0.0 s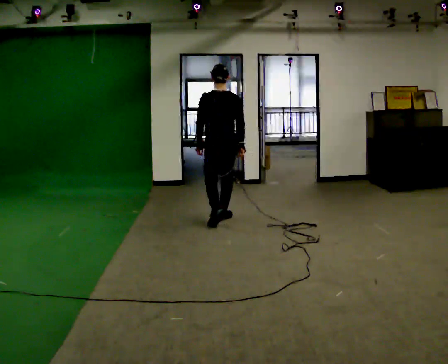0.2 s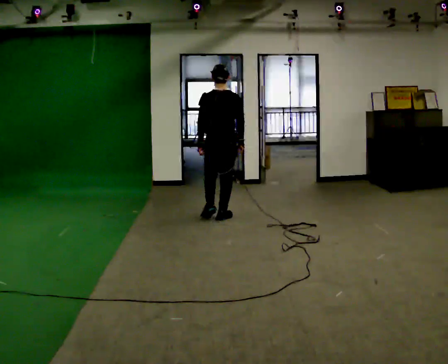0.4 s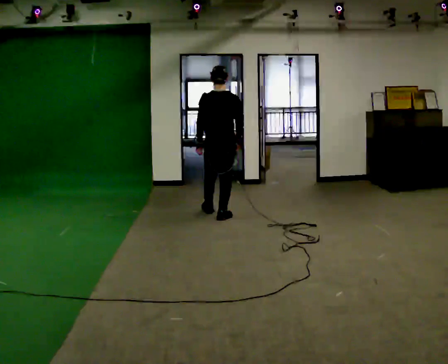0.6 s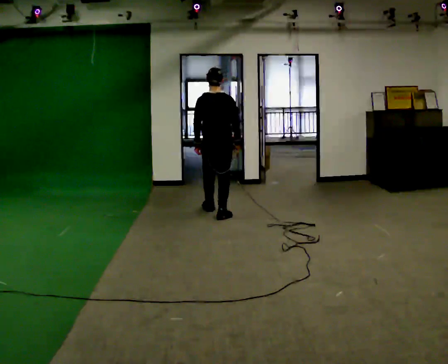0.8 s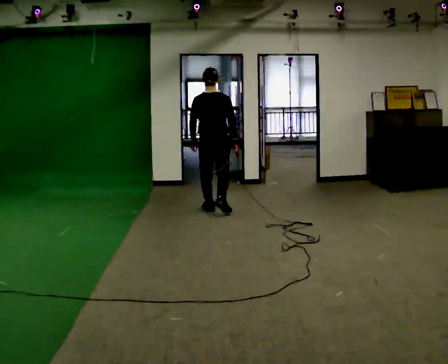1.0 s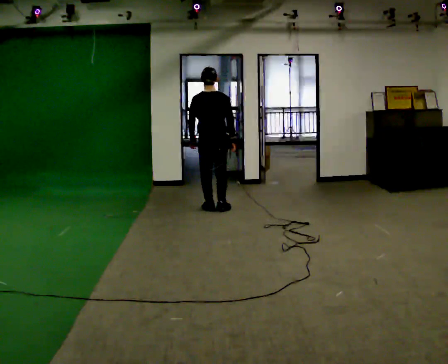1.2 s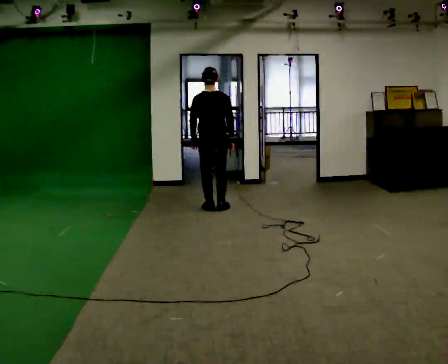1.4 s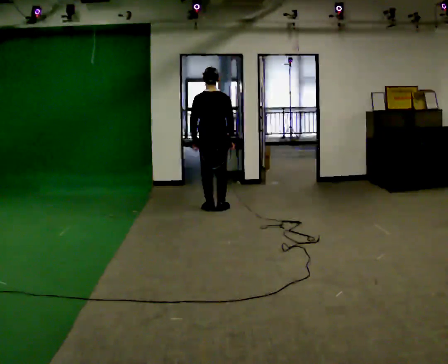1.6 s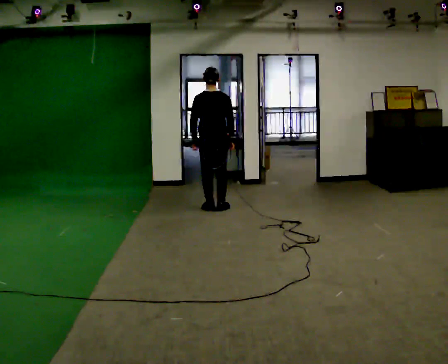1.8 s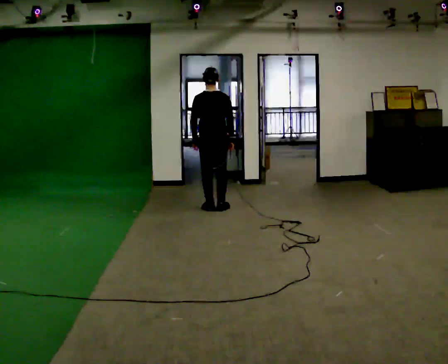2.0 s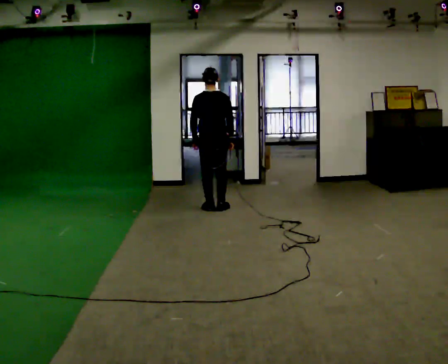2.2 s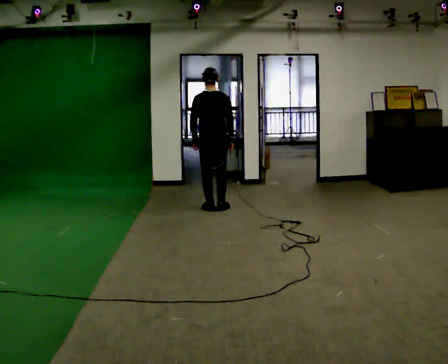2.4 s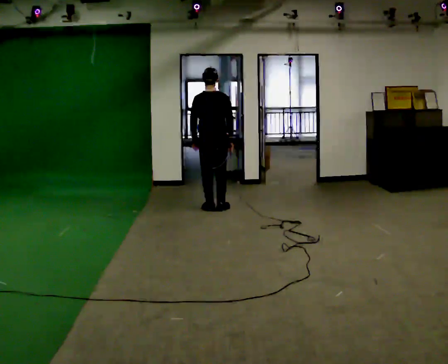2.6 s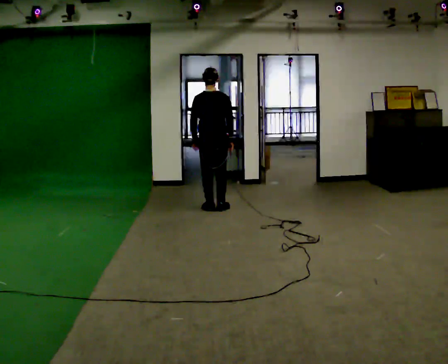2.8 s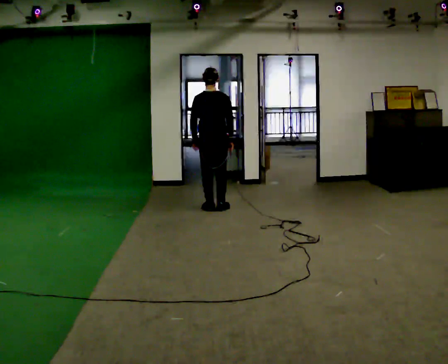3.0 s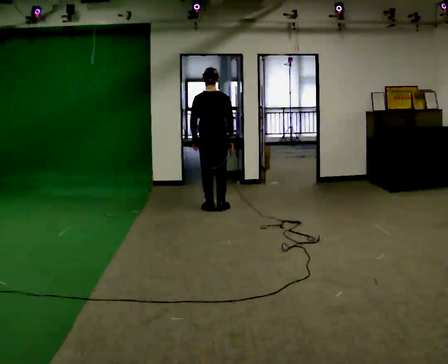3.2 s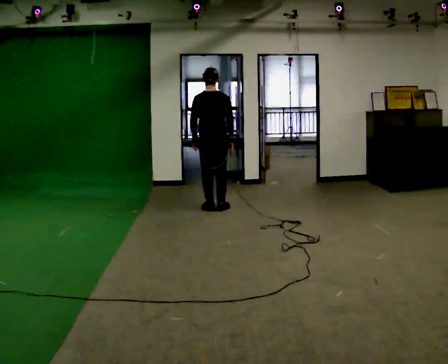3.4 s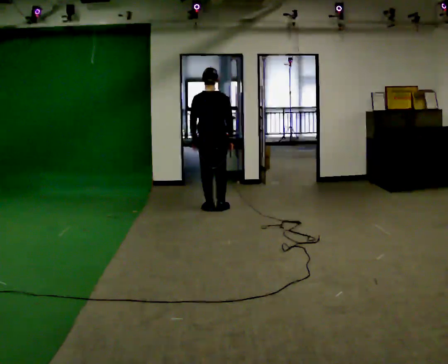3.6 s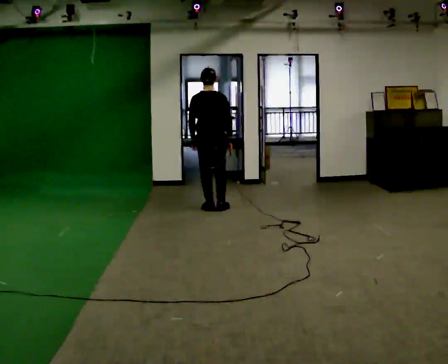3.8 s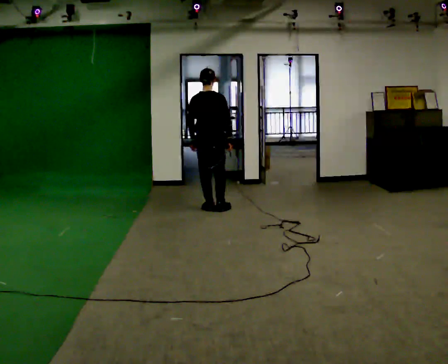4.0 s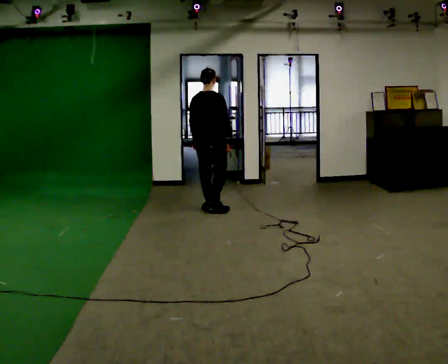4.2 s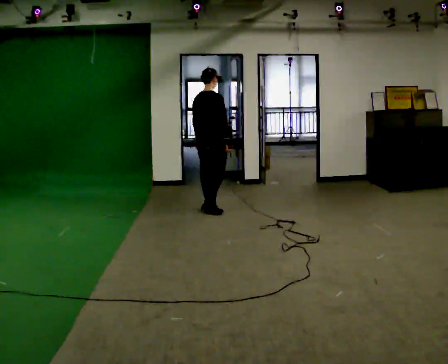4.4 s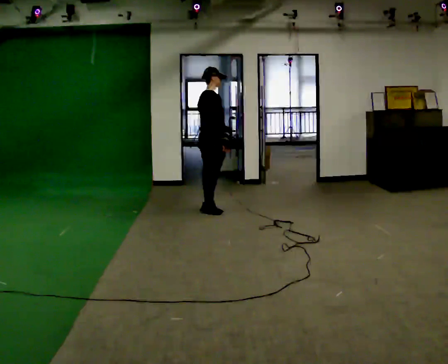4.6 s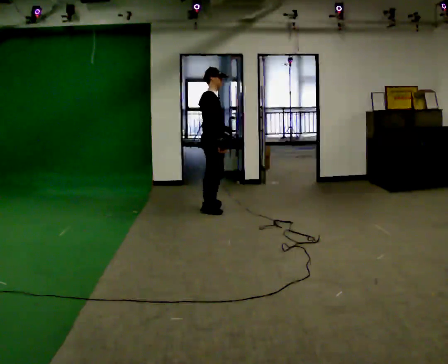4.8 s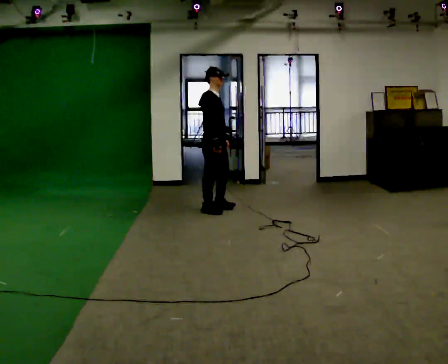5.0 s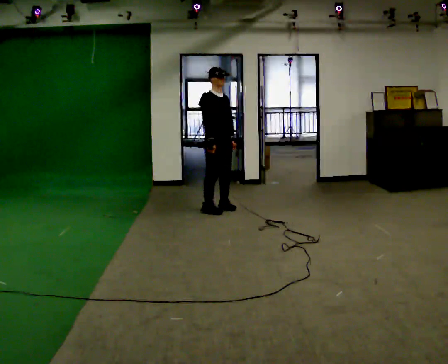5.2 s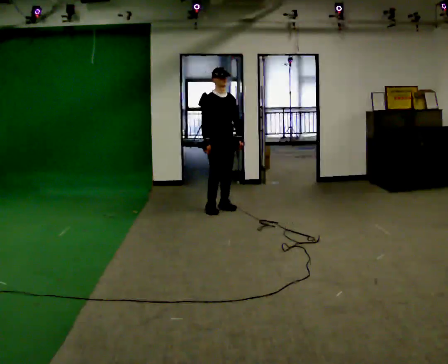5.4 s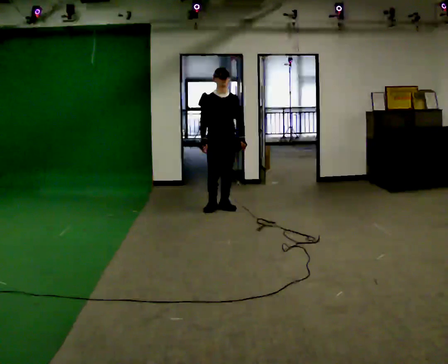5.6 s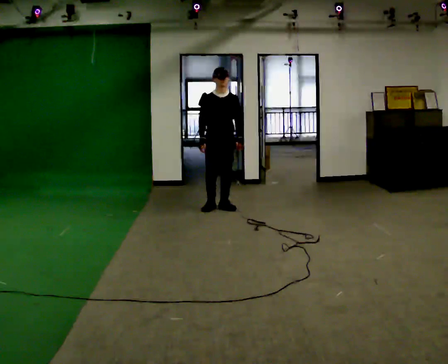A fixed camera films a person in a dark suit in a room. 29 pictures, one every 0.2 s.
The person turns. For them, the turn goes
to their right.
The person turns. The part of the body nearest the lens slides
to the left.
0.0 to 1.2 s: In the picture they go away from the camera, about 0.5 m in 2 steps, which for them is forward.
1.2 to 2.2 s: The person moves a little, or ends about where they began.
2.2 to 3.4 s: The person keeps their place and pose.
3.4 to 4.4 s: Seen from above the body turns clockwise, about 60 degrees: to their right, with its near side sliding to the left.
4.4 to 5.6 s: Seen from above the body turns clockwise, about 105 degrees: to their right, with its near side sliding to the left.
The film runs forward here.
